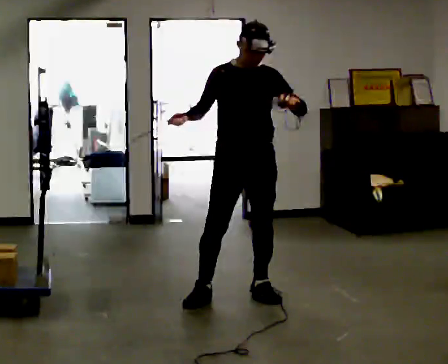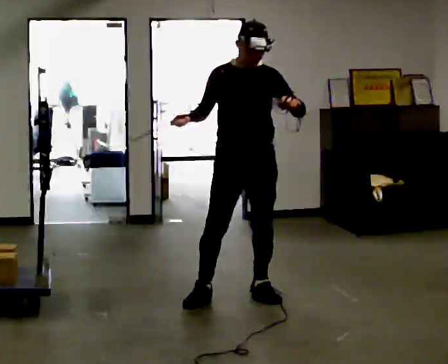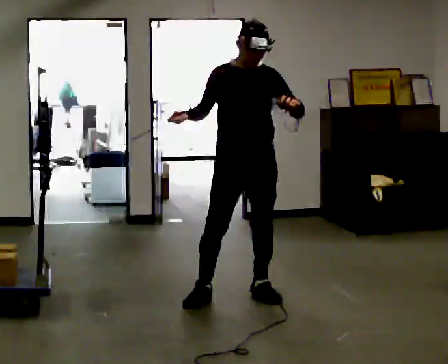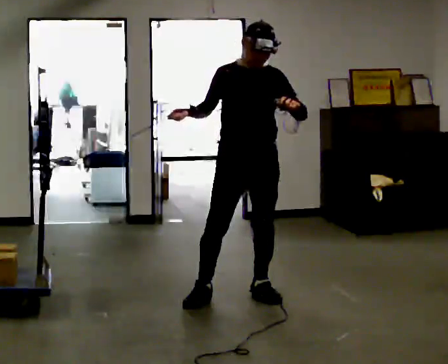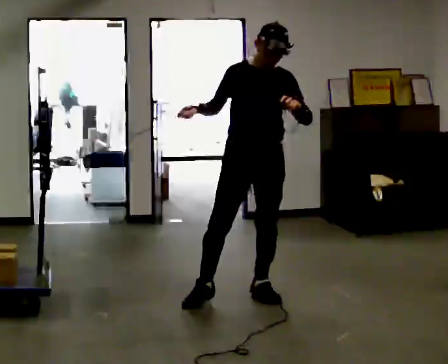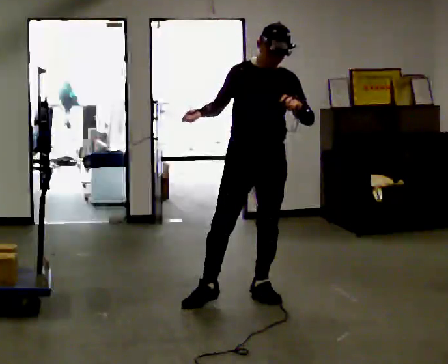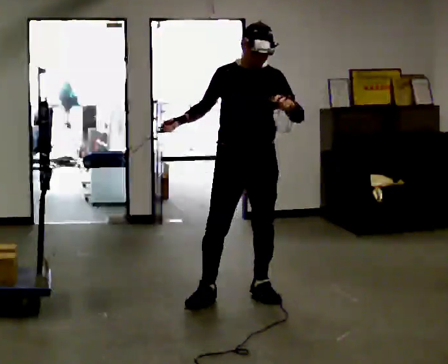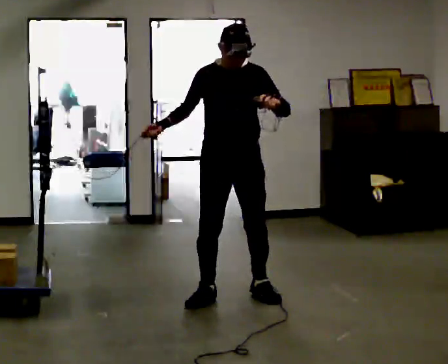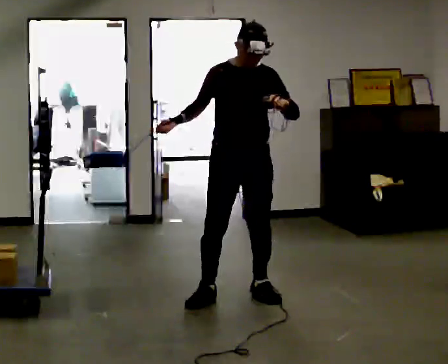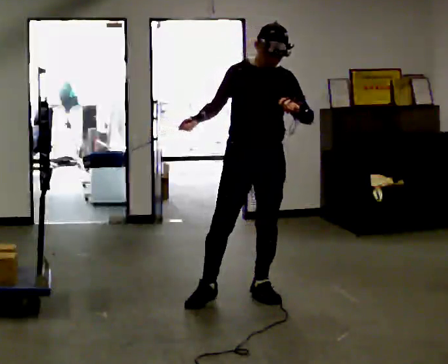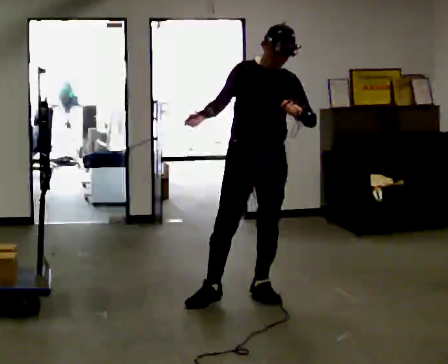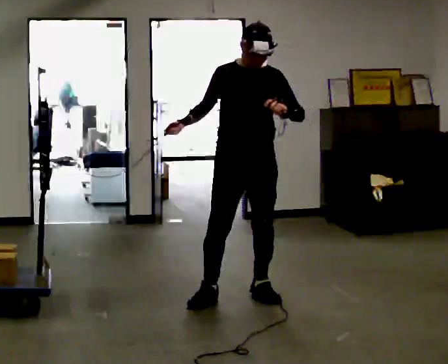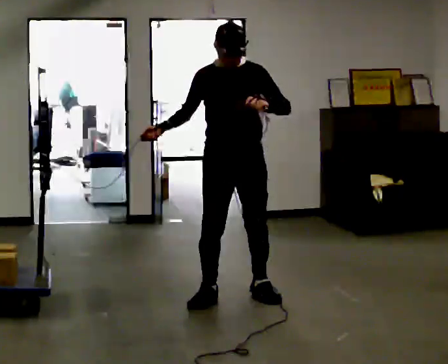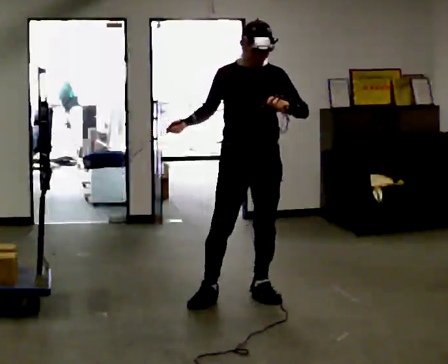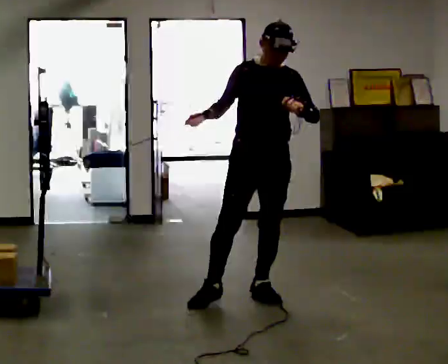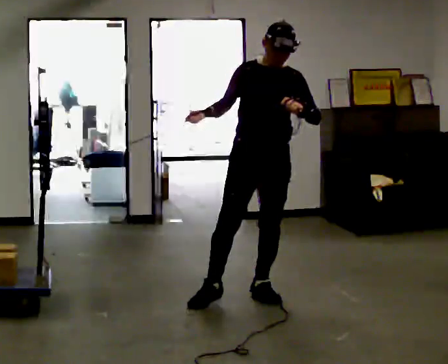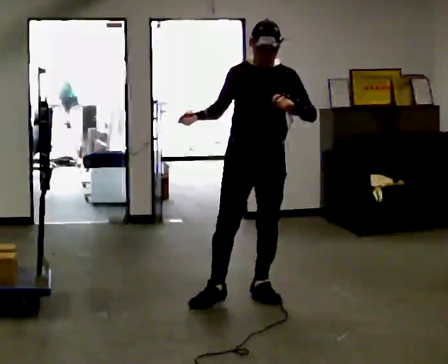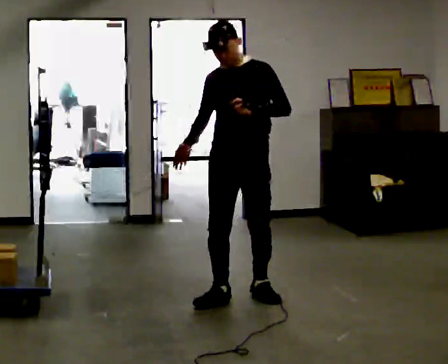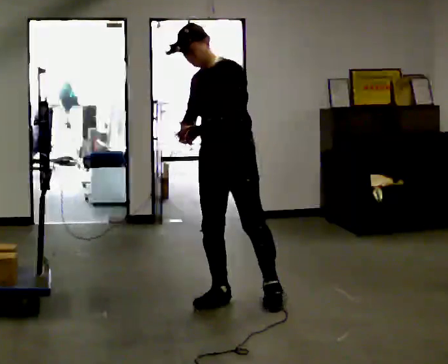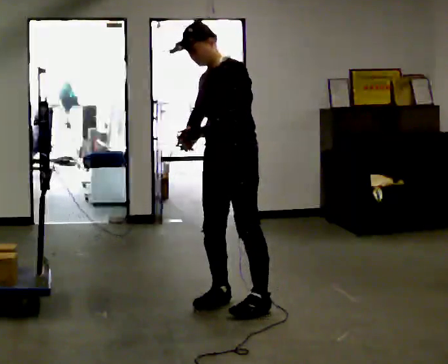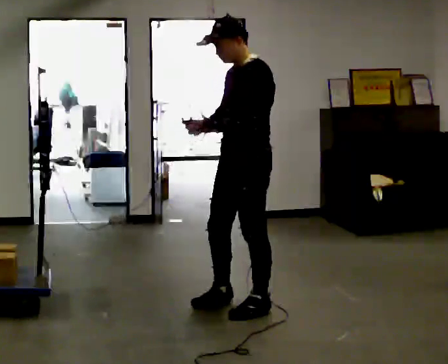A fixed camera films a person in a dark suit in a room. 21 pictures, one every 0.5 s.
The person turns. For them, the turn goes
to their right.
The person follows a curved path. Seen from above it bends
clockwise.
0.0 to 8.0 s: The person moves a little, or ends about where they began.
8.0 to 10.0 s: Seen from above the body turns clockwise, about 60 degrees: to their right, with its near side sliding to the left. In the picture they go toward the camera, about 0.25 m in 1 step.
The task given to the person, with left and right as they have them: Hold the rope on the loaded pallet and pull as hard as is comfortable for a few seconds, then relax. The operator will log the load and the peak reading on the scale for every take.
The film runs forward here.
